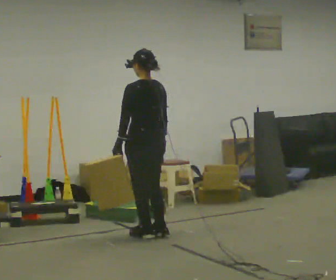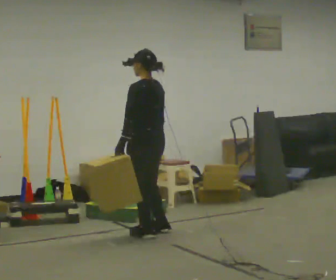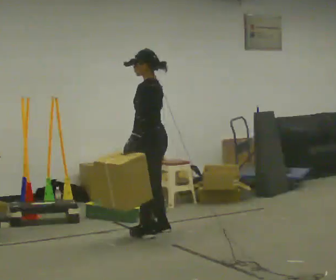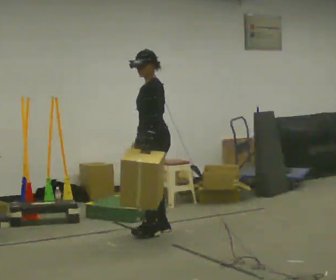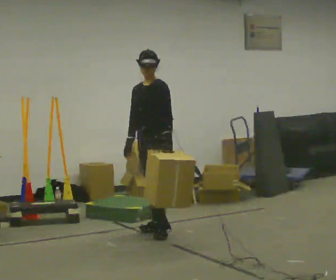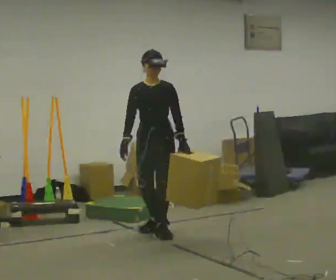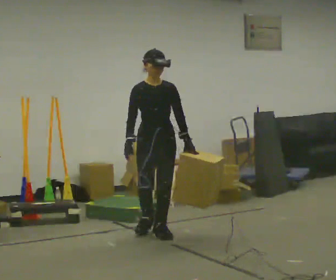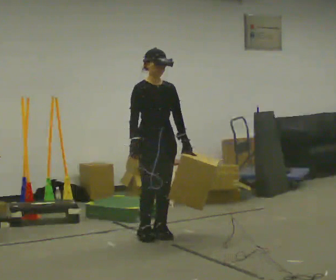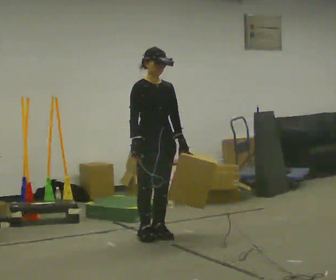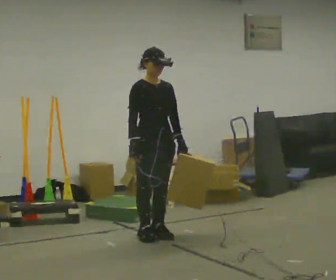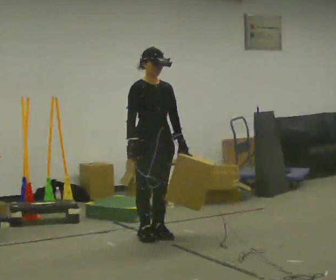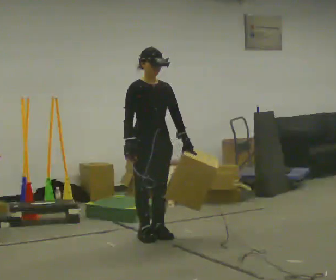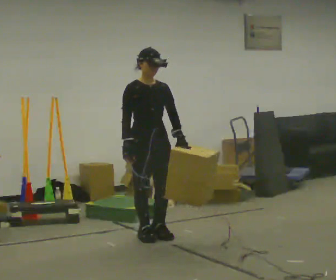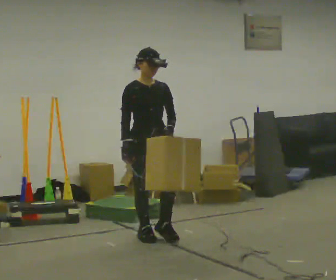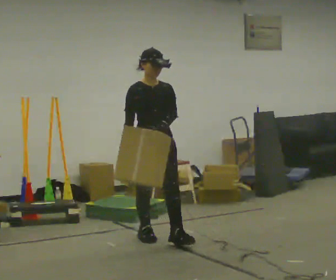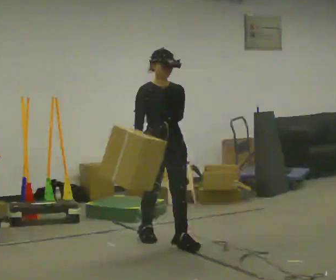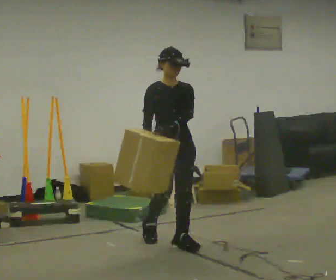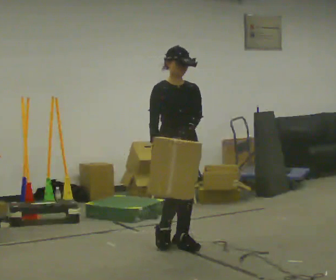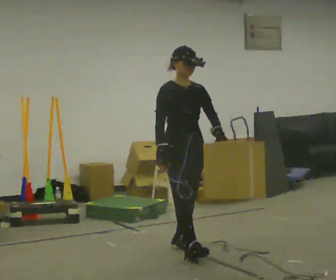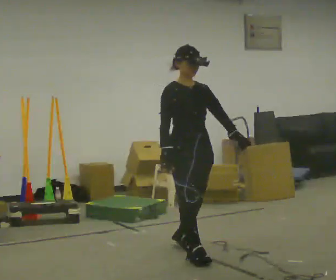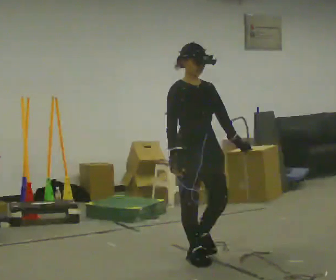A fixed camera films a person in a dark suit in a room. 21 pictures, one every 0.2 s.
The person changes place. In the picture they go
toward the camera.
The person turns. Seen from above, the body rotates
counterclockwise.
0.0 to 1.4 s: The person turns about 165 degrees to their left, counterclockwise seen from above, so the part of the body nearest the lens slides to the right. In the picture their left hand goes to the right, the arm swinging counterclockwise.
1.4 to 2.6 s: The person moves a little, or ends about where they began.
2.6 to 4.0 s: In the picture they go toward the camera and to the right, about 0.5 m in 2 steps, which for them is forward.
The film runs forward here.
